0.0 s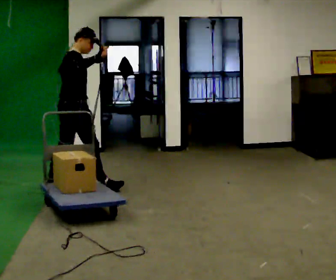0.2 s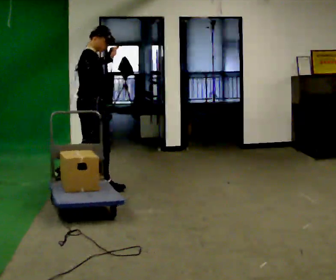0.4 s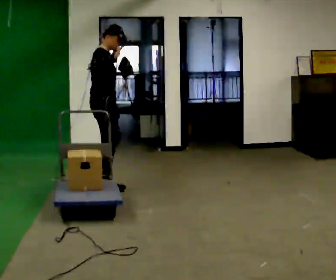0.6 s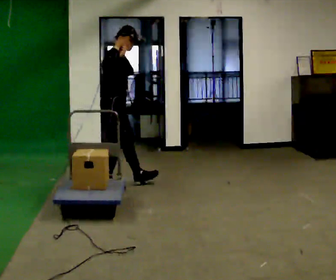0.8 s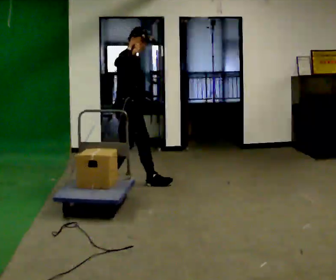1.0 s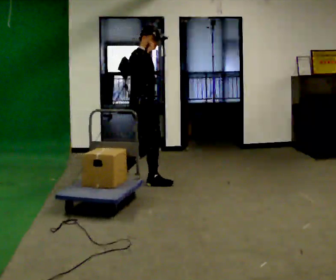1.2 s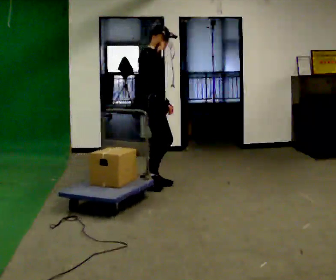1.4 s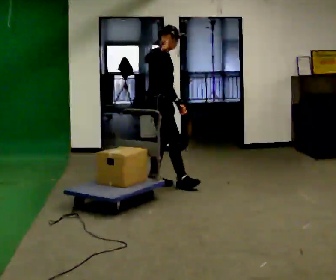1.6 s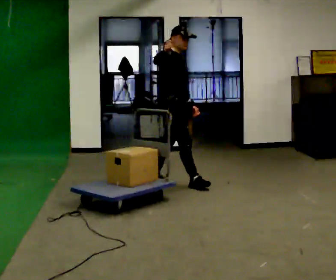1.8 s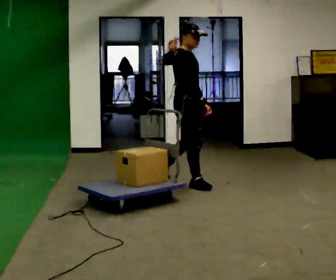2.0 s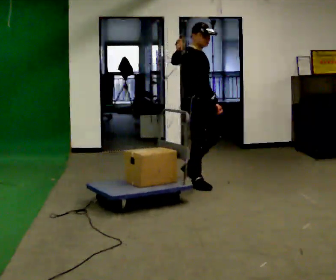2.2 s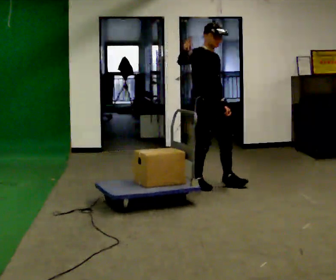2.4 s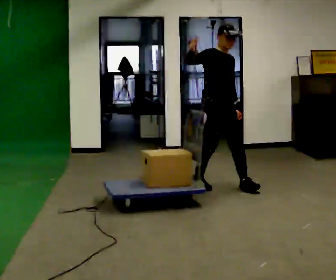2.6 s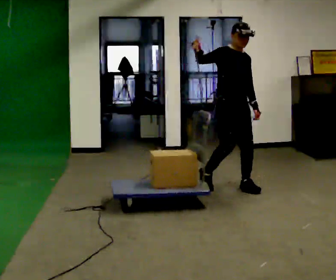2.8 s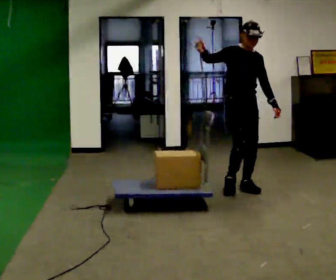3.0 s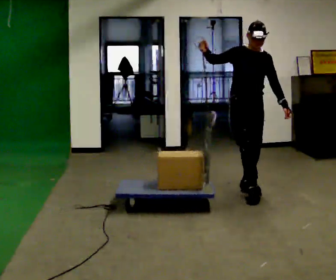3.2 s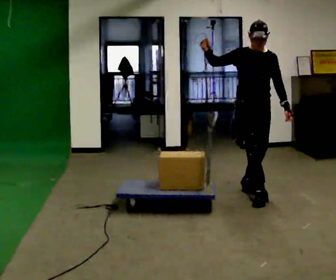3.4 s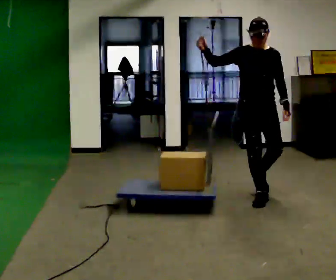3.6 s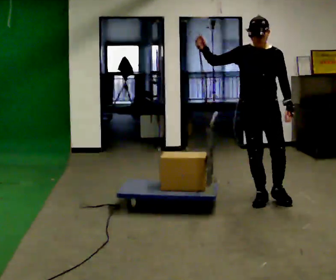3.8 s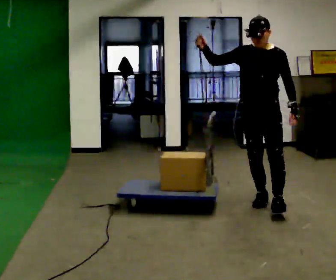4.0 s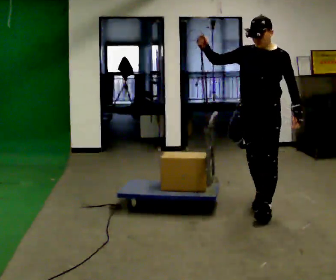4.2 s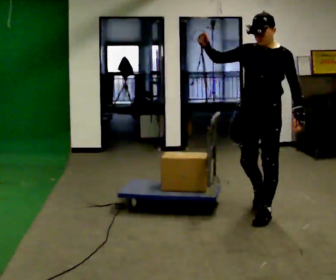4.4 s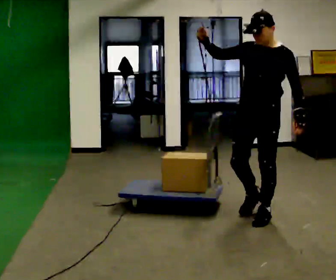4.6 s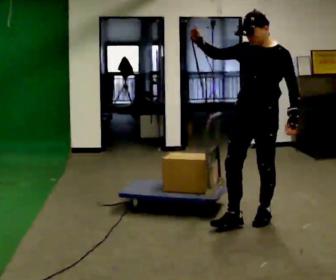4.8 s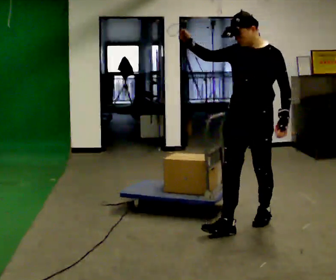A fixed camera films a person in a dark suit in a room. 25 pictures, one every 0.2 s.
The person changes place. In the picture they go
to the right.
The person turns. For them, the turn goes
to their right.
0.0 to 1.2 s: The part of the body nearest the lens slides to the left as the person turns to their right by about 45 degrees. In the picture they go to the right and away from the camera, about 1 m in 1 step, which for them is forward and to their left.
1.2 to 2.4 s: Seen from above the body turns clockwise, about 45 degrees: to their right, with its near side sliding to the left. In the picture they go to the right, about 0.5 m in 2 steps, which for them is forward.
2.4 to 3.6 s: The part of the body nearest the lens slides to the left as the person turns to their right by about 45 degrees. In the picture they go toward the camera and to the right, about 0.75 m in 1 step, which for them is forward.
3.6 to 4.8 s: Seen from above the body turns clockwise, about 30 degrees: to their right, with its near side sliding to the left. In the picture they go toward the camera, about 0.5 m in 2 steps, which for them is forward.
The film runs forward here.
